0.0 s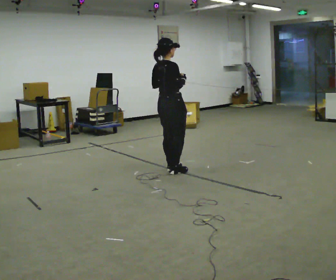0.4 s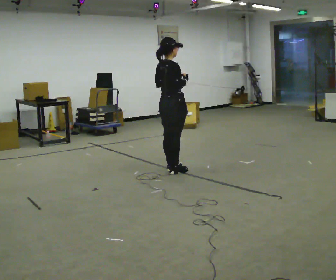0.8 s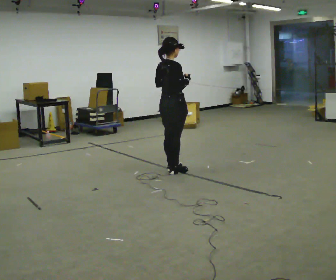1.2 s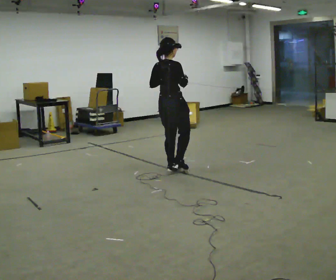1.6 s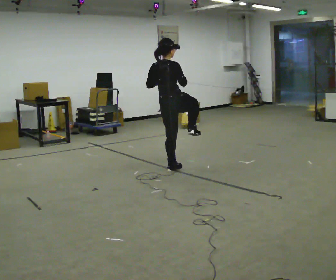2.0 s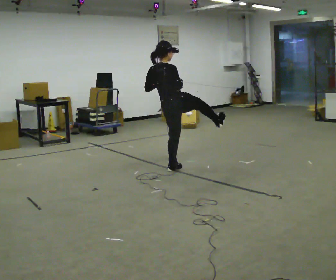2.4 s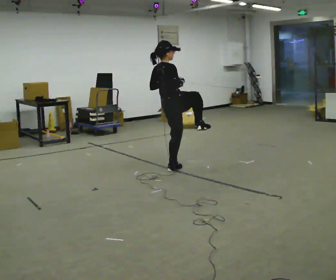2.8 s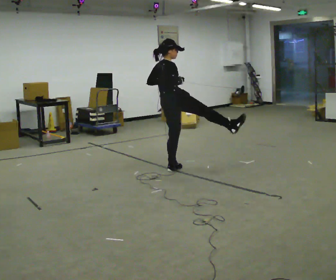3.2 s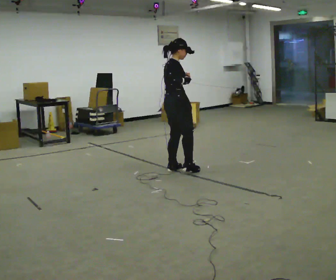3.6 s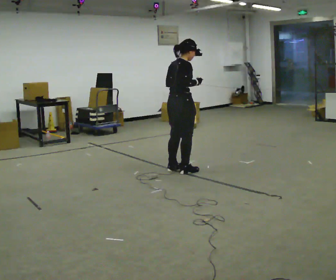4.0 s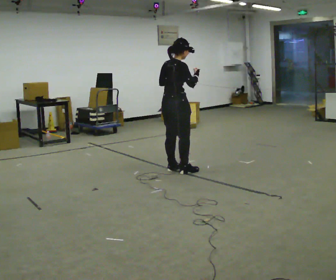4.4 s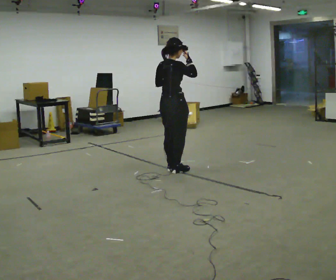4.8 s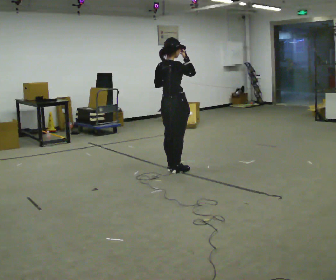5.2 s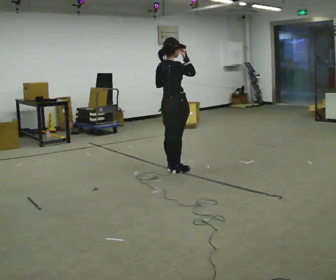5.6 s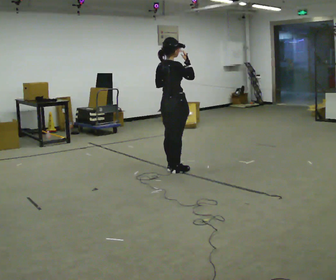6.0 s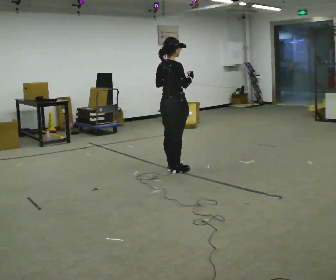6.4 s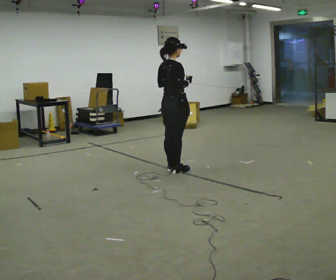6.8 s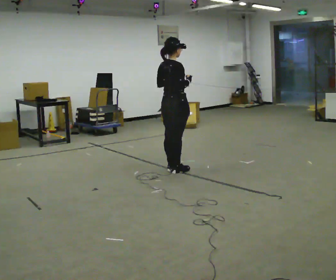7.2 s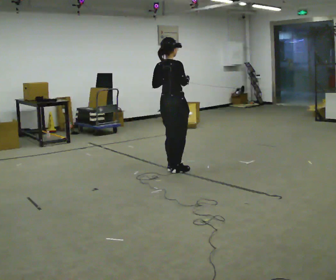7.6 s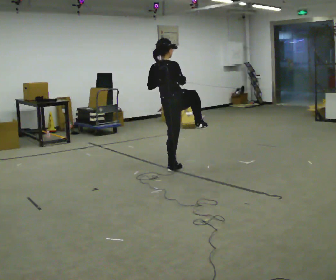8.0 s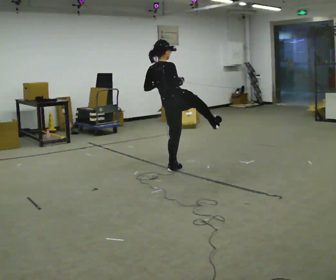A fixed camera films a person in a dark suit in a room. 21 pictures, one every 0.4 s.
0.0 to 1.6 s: The person moves a little, or ends about where they began.
1.6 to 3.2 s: Seen from above the body turns clockwise, about 30 degrees: to their right, with its near side sliding to the left.
3.2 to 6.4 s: The person moves a little, or ends about where they began.
6.4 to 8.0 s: In the picture the upper body tilts counterclockwise, shoulders to the left.
The film runs forward here.
